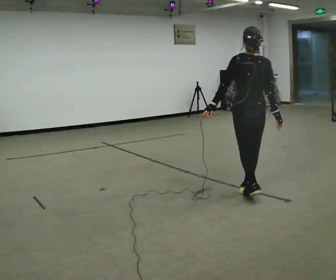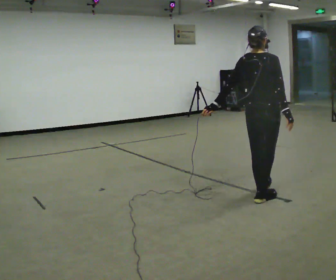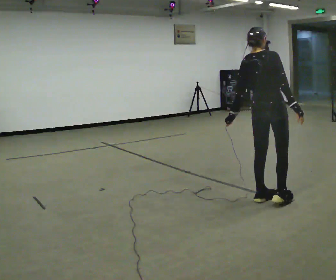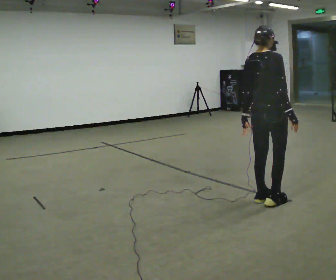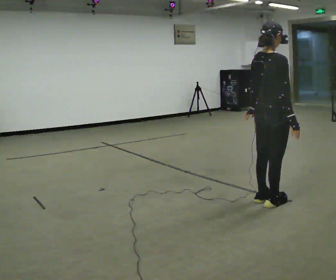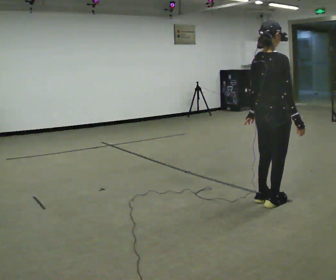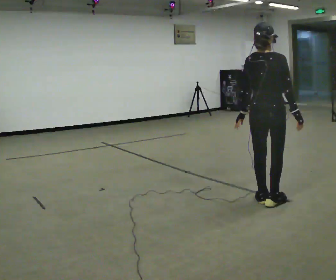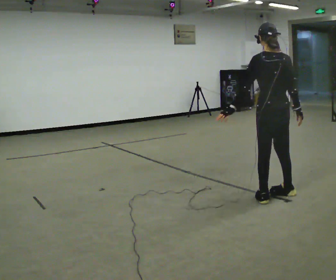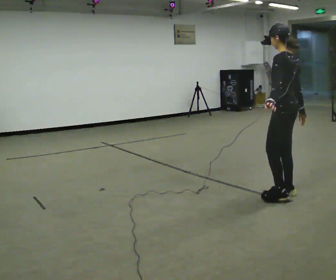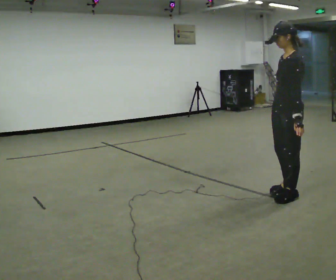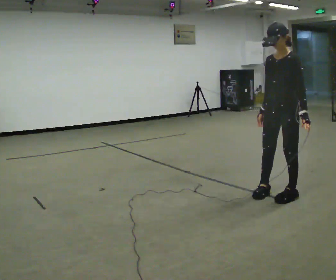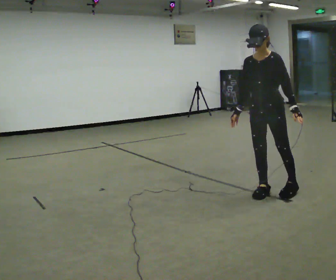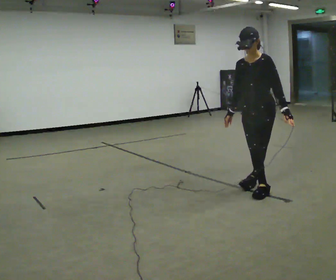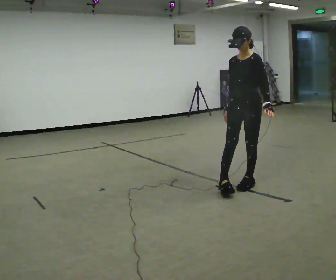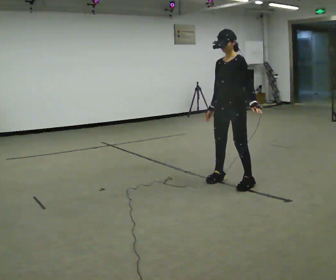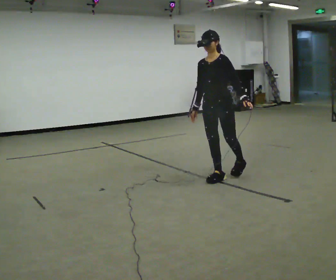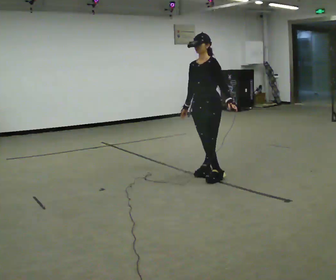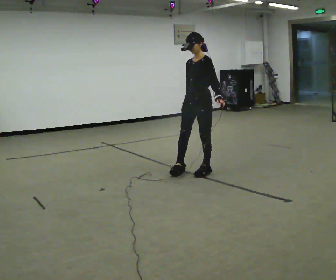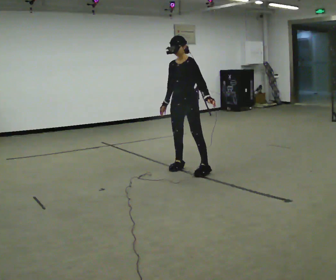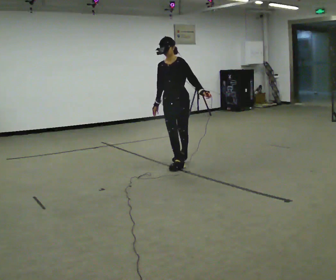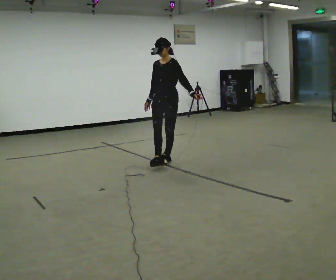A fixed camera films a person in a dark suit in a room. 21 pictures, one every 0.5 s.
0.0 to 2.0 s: The part of the body nearest the lens slides to the left as the person turns to their right by about 60 degrees. In the picture they go toward the camera and to the right, about 0.25 m in 1 step, which for them is to their right and backward.
2.0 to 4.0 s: The part of the body nearest the lens slides to the right as the person turns to their left by about 120 degrees. In the picture they go away from the camera and to the right, about 0.25 m in 2 steps.
4.0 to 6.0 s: Seen from above the body turns counterclockwise, about 105 degrees: to their left, with its near side sliding to the right. In the picture they go to the left, about 0.25 m in 2 steps.
6.0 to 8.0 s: In the picture they go away from the camera and to the left, about 1 m in 3 steps, which for them is to their right.
8.0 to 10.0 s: In the picture they go away from the camera and to the left, about 1 m in 2 steps, which for them is to their right.
The film runs backward here.
